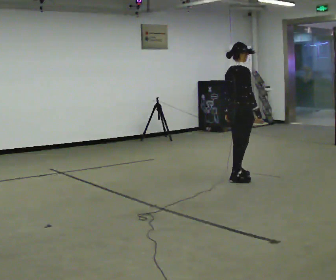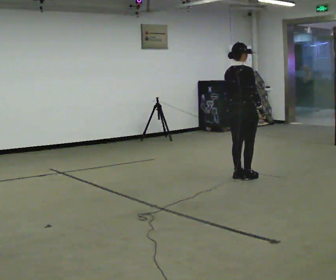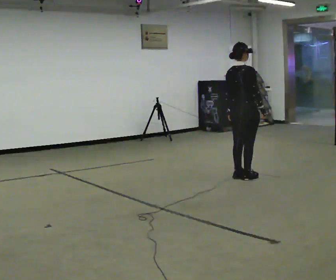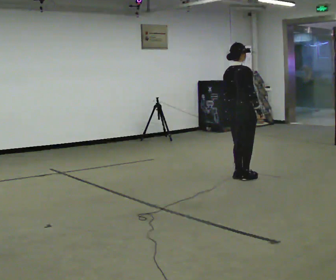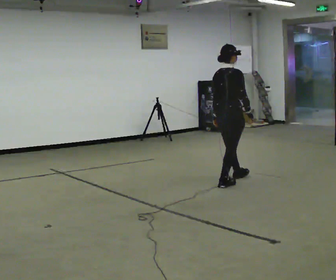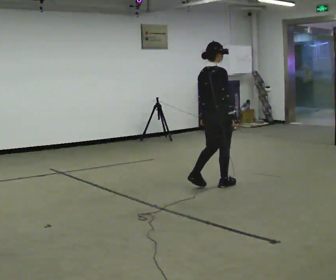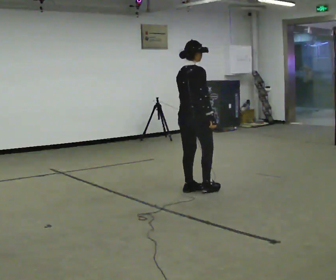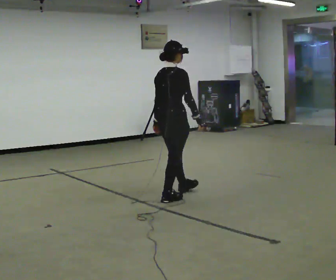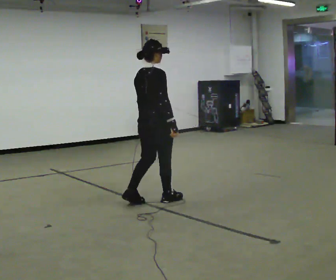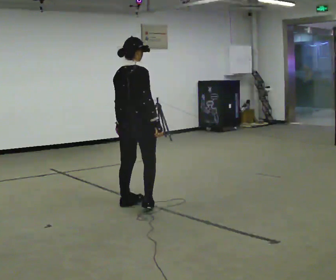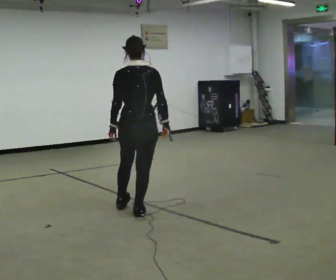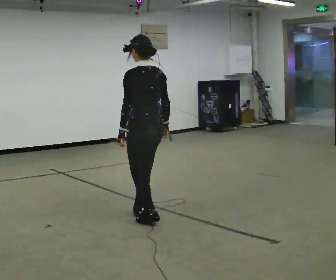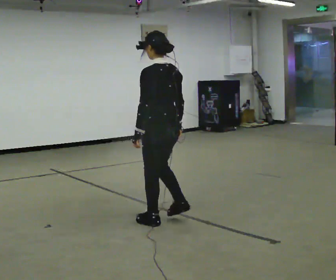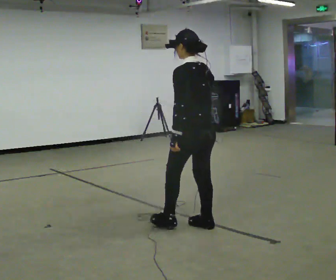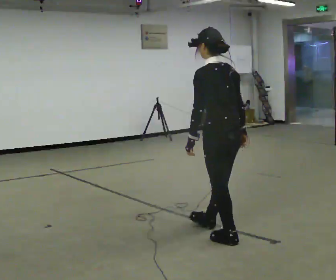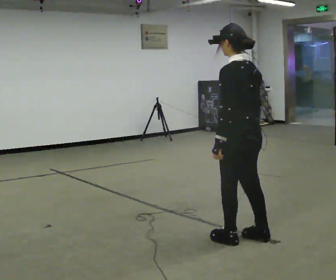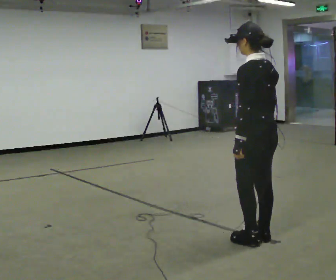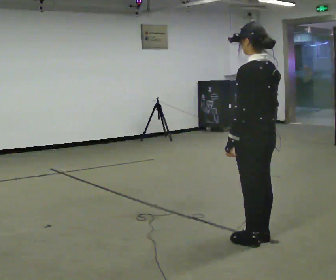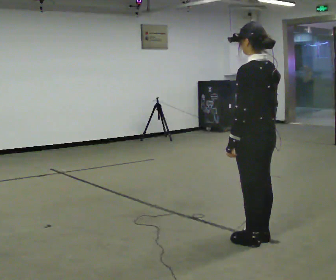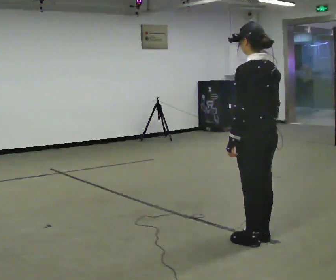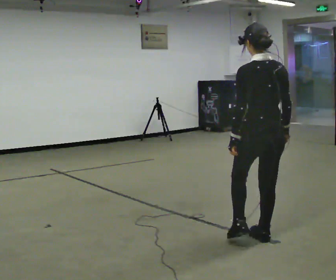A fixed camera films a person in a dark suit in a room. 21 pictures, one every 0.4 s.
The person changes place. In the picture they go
toward the camera.
The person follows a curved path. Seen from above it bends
counterclockwise.
0.0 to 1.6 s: In the picture they go toward the camera and to the left, about 0.25 m in 2 steps, which for them is backward.
1.6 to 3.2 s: In the picture they go to the left and toward the camera, about 1 m in 2 steps, which for them is backward.
3.2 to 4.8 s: The person turns about 90 degrees to their left, counterclockwise seen from above, so the part of the body nearest the lens slides to the right. In the picture they go toward the camera, about 0.5 m in 3 steps.
4.8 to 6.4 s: In the picture they go to the right and toward the camera, about 1 m in 4 steps, which for them is backward.
6.4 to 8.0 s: Seen from above the body turns clockwise, about 30 degrees: to their right, with its near side sliding to the left.
The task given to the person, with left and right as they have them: Walk backward several steps, then turn while still moving backward, then continue backward. Operator confirms the space behind you is clear.
The film runs forward here.
